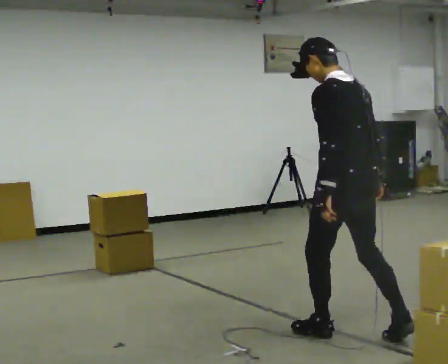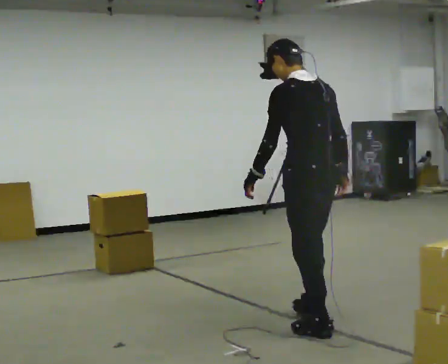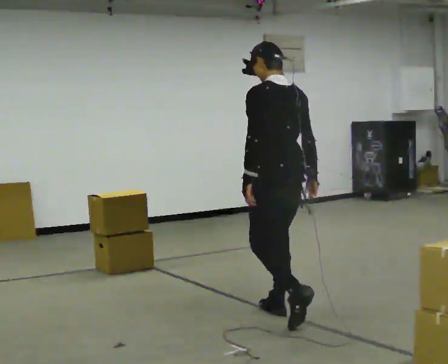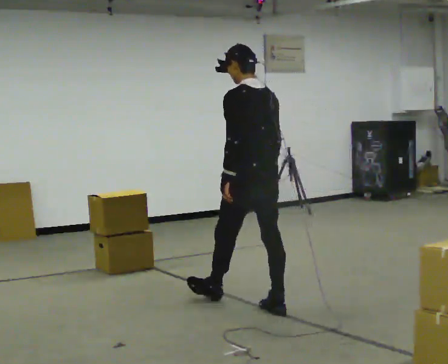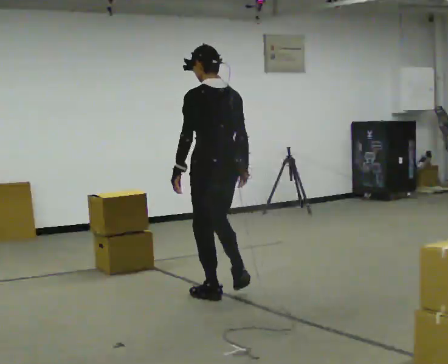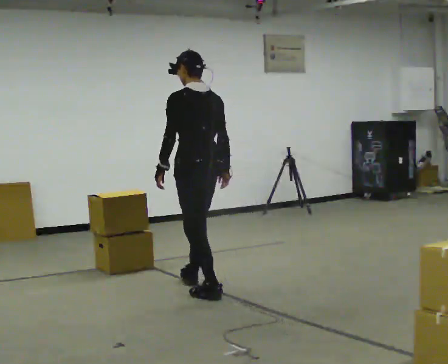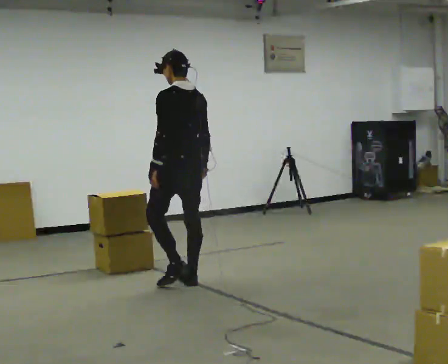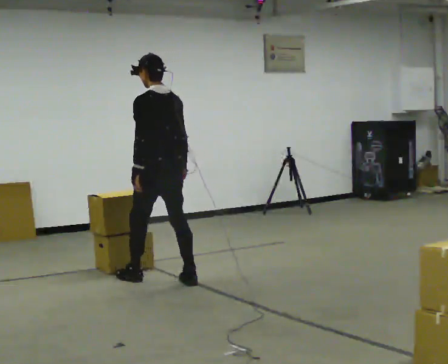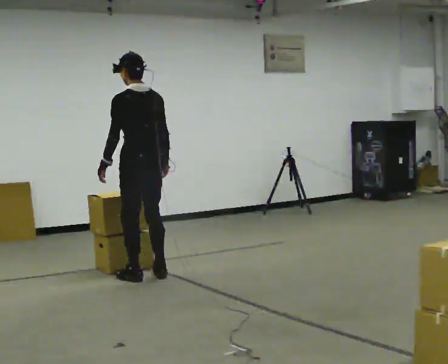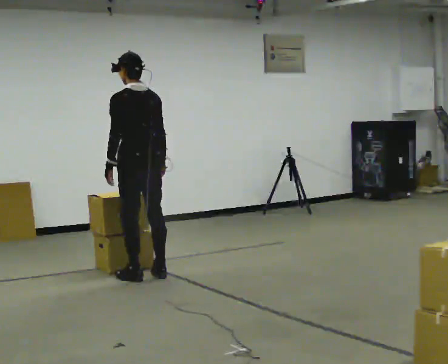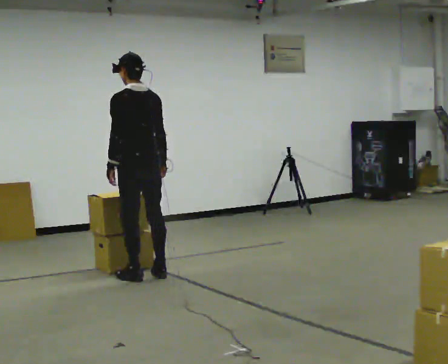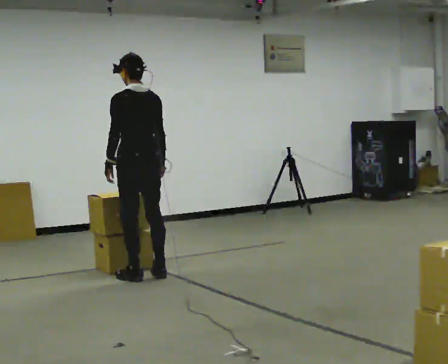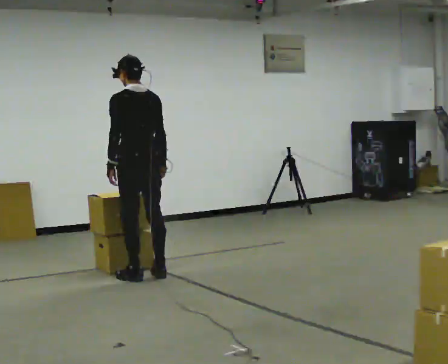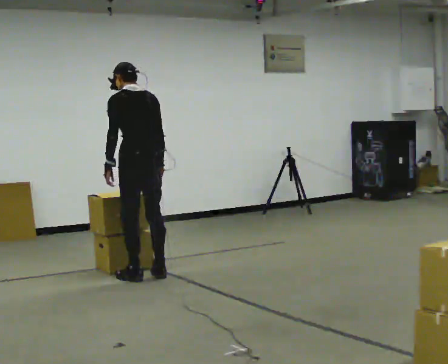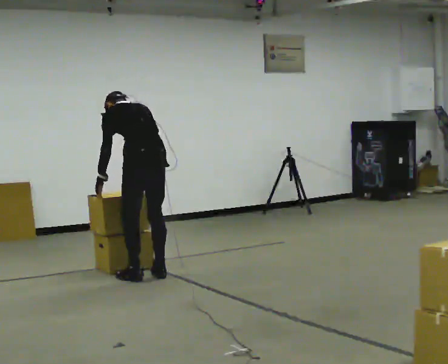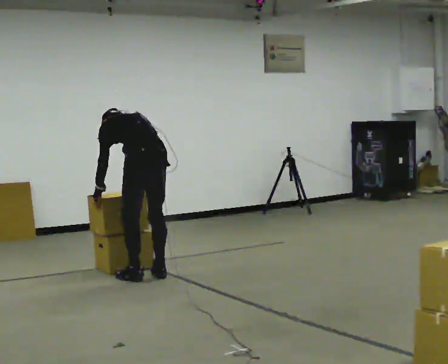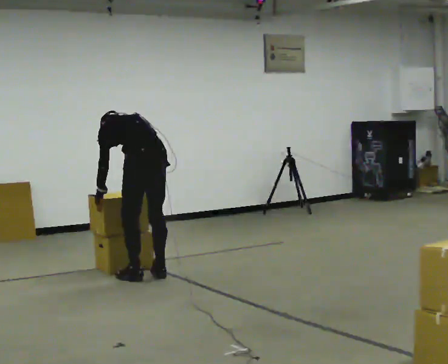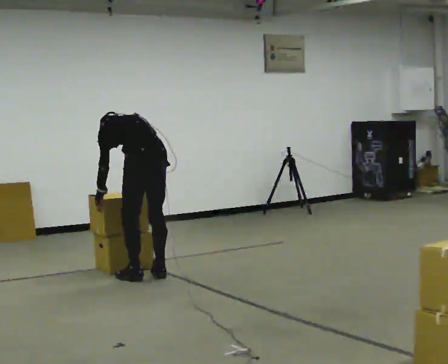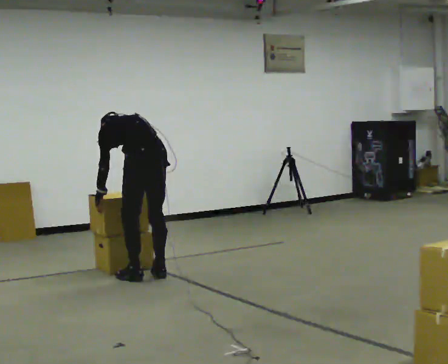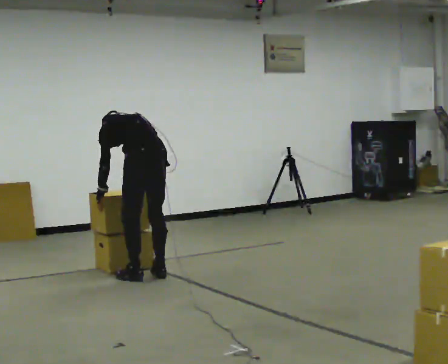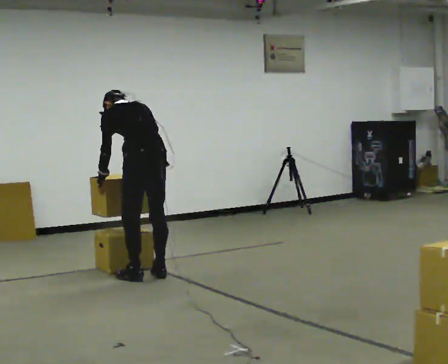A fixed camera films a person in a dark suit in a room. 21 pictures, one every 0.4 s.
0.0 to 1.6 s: In the picture they go away from the camera and to the left, about 1 m in 2 steps, which for them is forward.
1.6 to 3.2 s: In the picture they go away from the camera and to the left, about 1 m in 2 steps, which for them is forward.
3.2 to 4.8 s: The person moves a little, or ends about where they began.
4.8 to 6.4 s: The upper body goes downward. The upper body tips away from the camera, its near side rolling upward, as they bend forward.
6.4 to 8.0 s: The upper body tips toward the camera, its near side rolling downward, as they lean back or straighten.
The film runs forward here.
